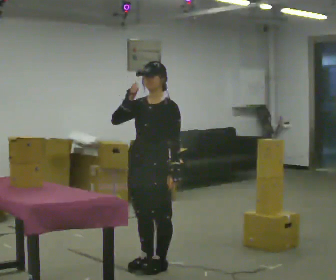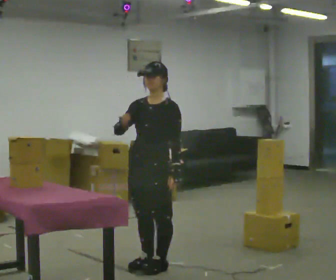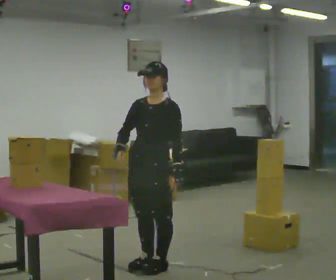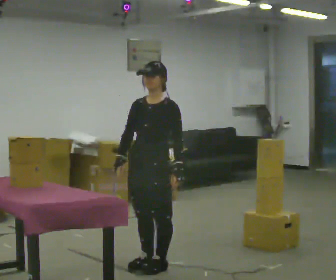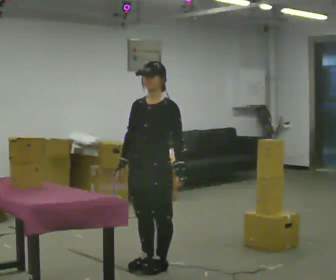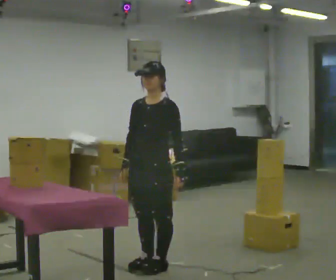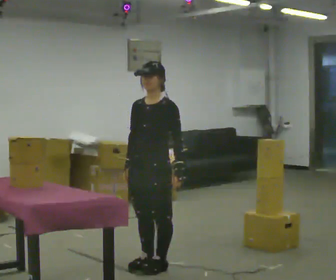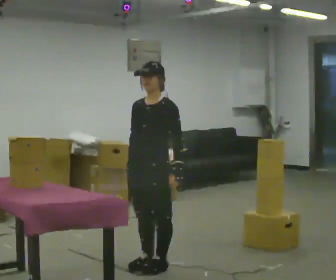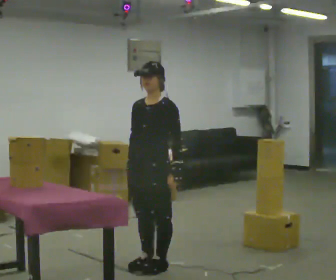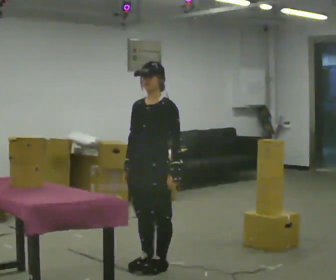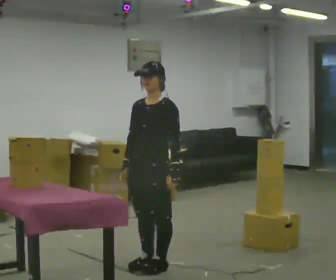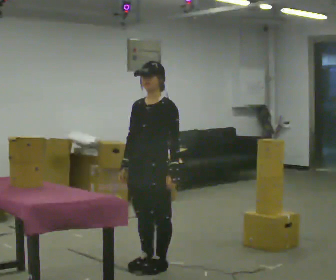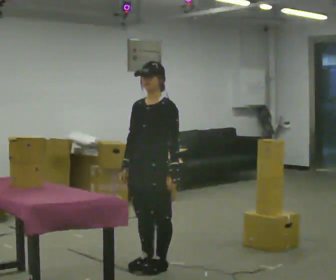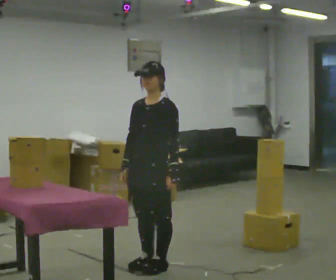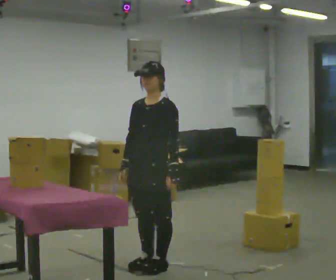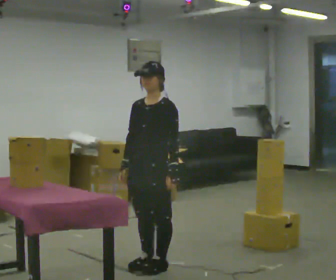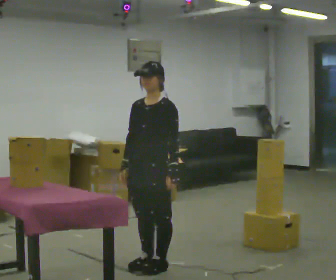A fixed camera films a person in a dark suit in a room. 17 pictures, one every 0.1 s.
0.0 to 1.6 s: In the picture their right hand goes downward.
The film runs forward here.
